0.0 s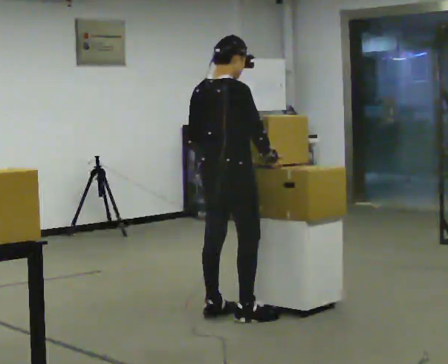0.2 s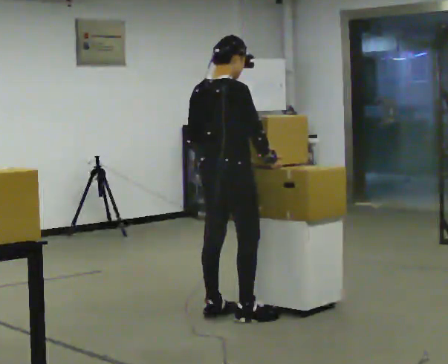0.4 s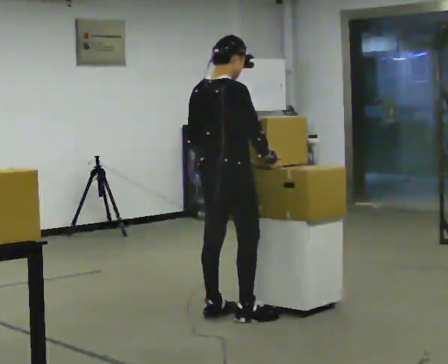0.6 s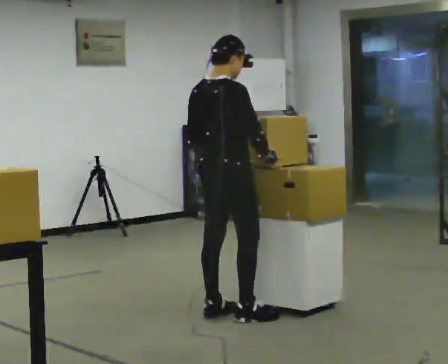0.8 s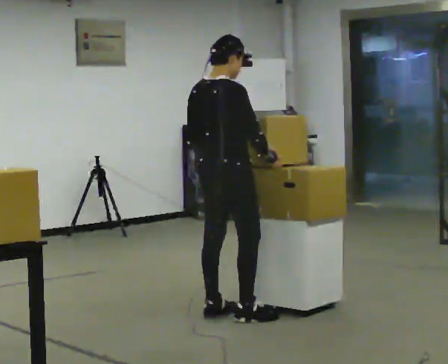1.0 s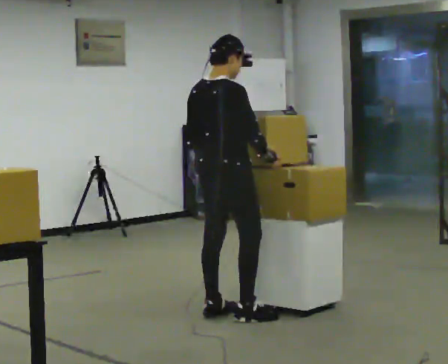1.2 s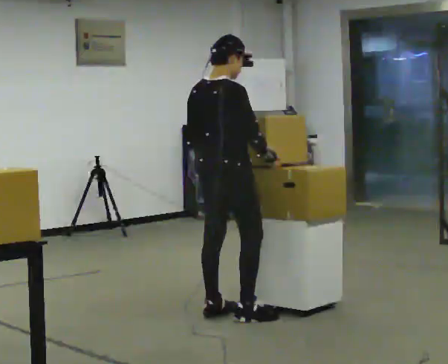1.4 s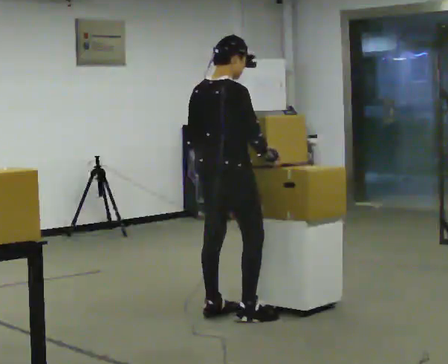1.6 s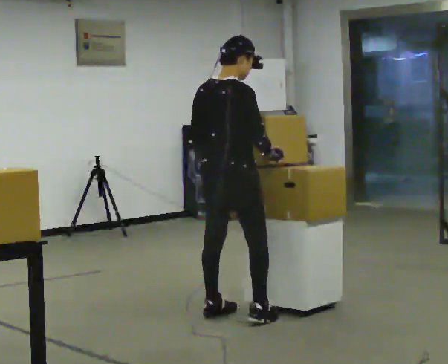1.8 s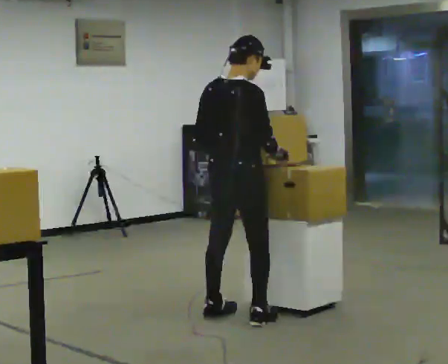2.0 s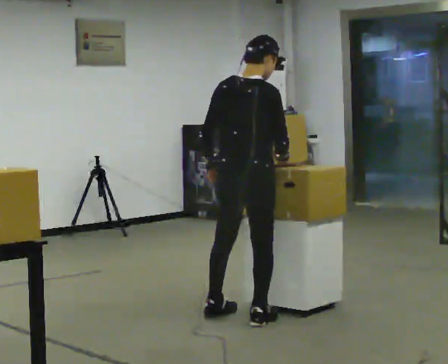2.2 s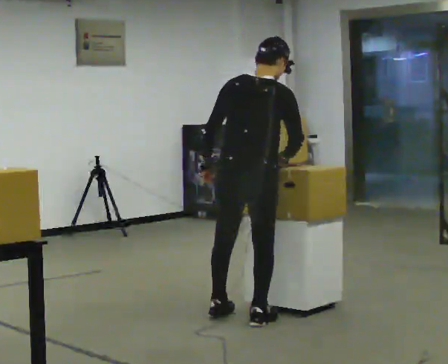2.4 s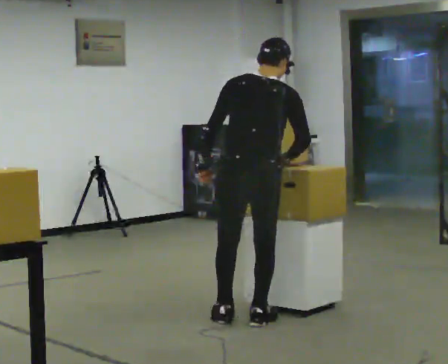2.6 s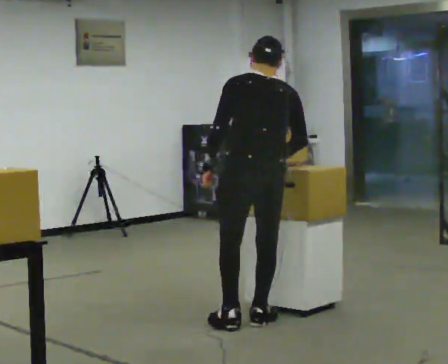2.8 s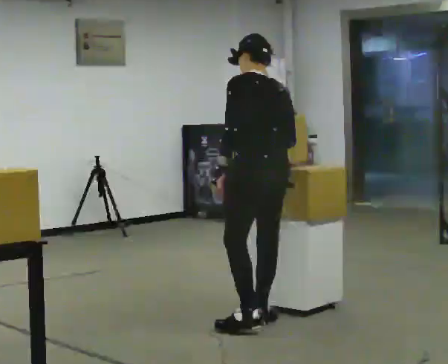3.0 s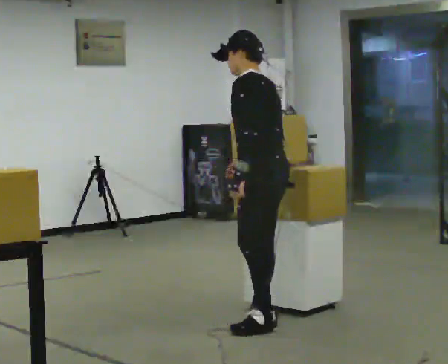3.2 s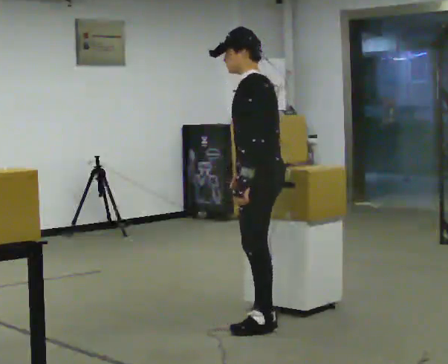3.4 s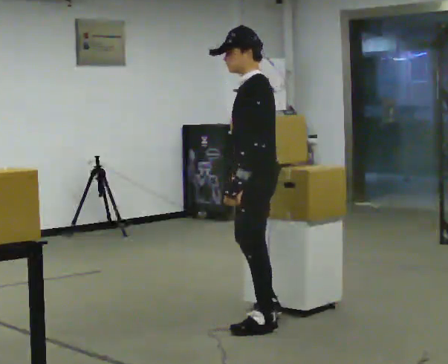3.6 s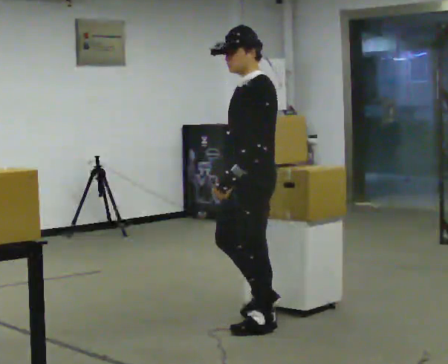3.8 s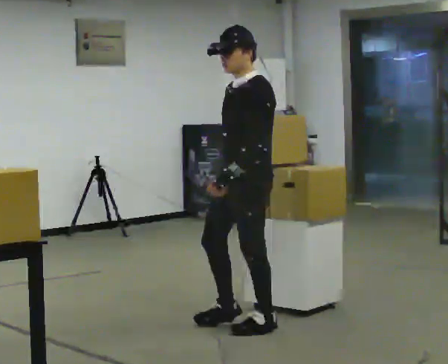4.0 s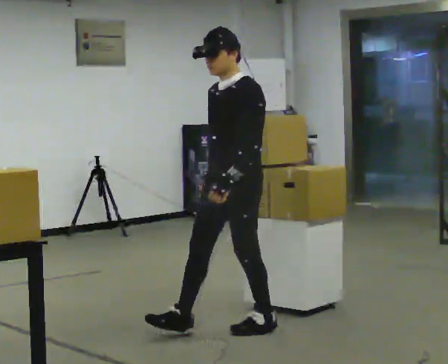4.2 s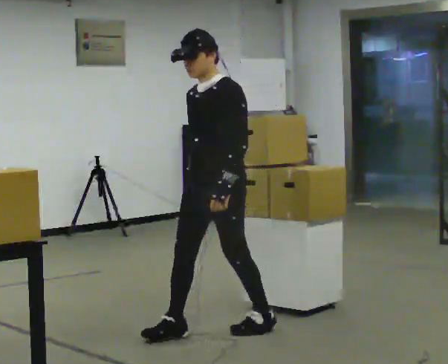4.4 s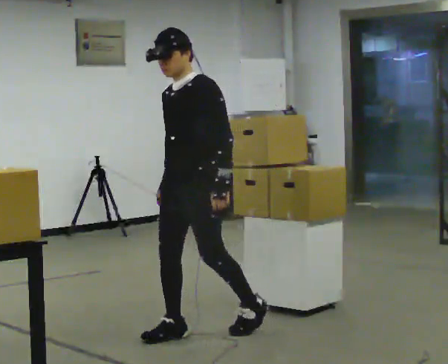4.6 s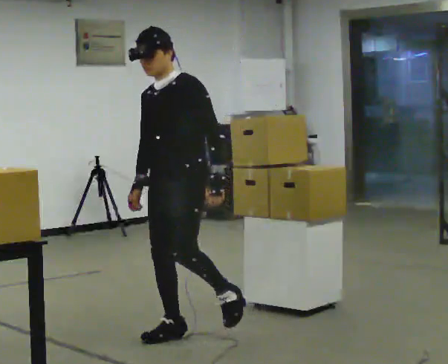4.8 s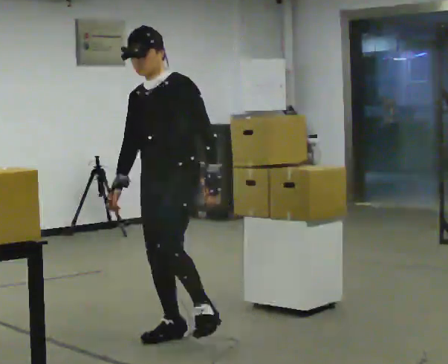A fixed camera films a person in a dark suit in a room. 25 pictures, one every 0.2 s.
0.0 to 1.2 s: The person keeps their place and pose.
1.2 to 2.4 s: The person turns about 45 degrees to their left, counterclockwise seen from above, so the part of the body nearest the lens slides to the right. In the picture they go toward the camera and to the right, about 0.25 m, which for them is to their right.
2.4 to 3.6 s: The part of the body nearest the lens slides to the right as the person turns to their left by about 105 degrees.
3.6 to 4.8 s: Seen from above the body turns counterclockwise, about 30 degrees: to their left, with its near side sliding to the right. In the picture they go to the left and toward the camera, about 0.5 m in 1 step, which for them is forward.
The film runs forward here.
